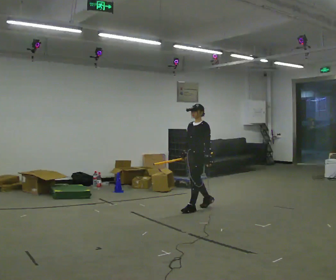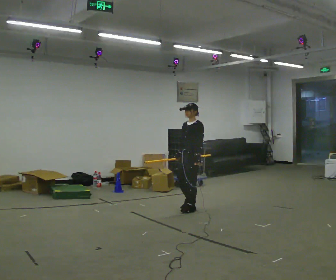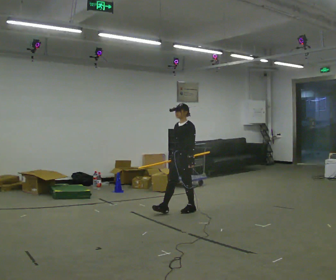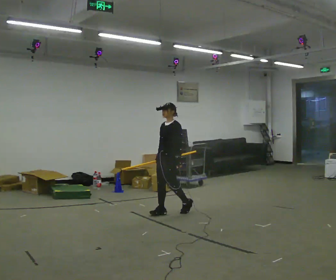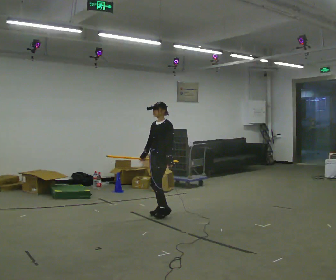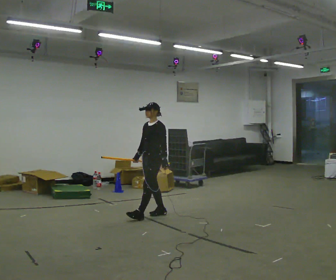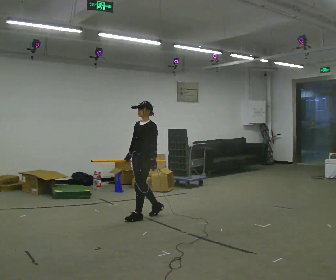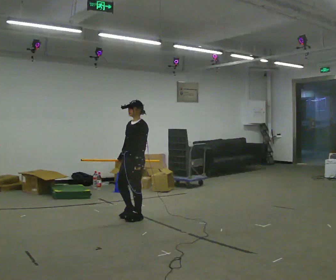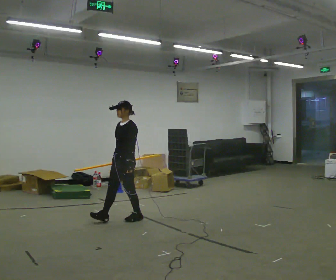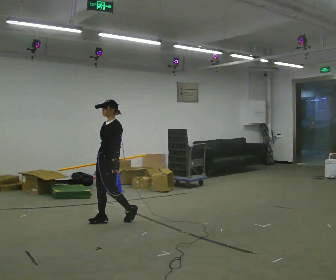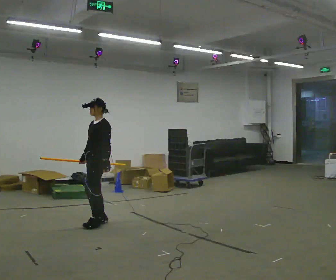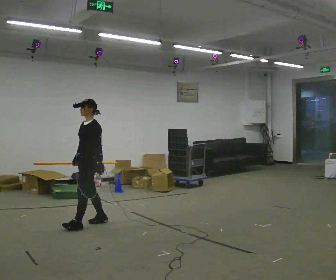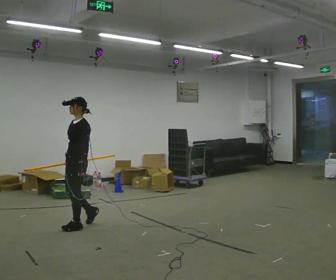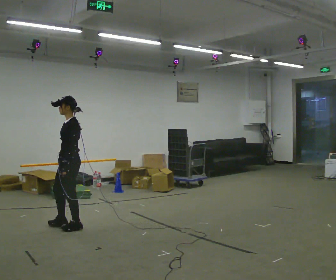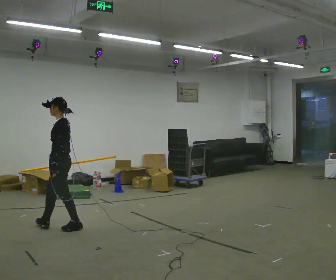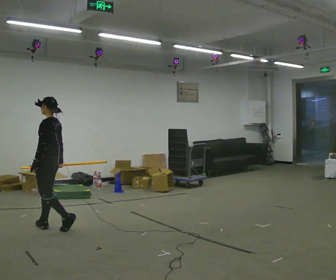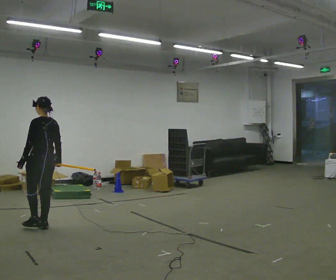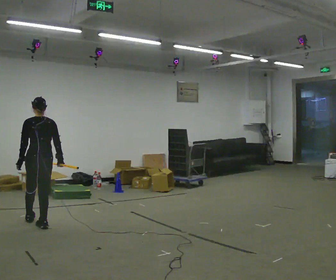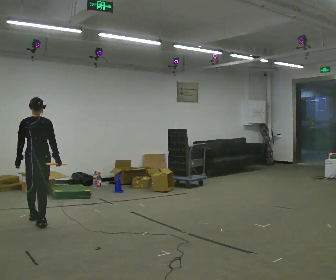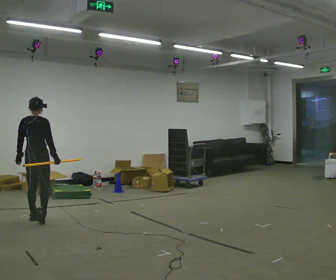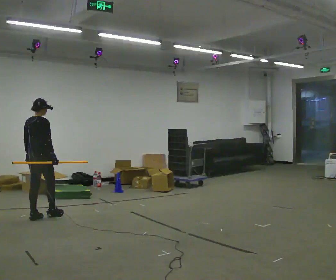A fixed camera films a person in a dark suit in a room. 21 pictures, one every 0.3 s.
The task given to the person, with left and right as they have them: Carry the long object across the room and around the corner, turning without hitting anything. Keep going until the operator says stop; one object at a time, and do not rush between trips.
0.0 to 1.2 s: In the picture they go to the left, about 0.5 m in 1 step, which for them is forward.
1.2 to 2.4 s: In the picture they go to the left and toward the camera, about 0.5 m in 2 steps, which for them is forward.
2.4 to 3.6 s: In the picture they go to the left and toward the camera, about 0.75 m in 1 step, which for them is forward.
3.6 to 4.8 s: The person turns about 75 degrees to their right, clockwise seen from above, so the part of the body nearest the lens slides to the left. In the picture they go to the left, about 0.5 m in 1 step.
4.8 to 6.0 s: Seen from above the body turns clockwise, about 75 degrees: to their right, with its near side sliding to the left. In the picture they go away from the camera, about 0.5 m in 1 step.
The film runs forward here.
